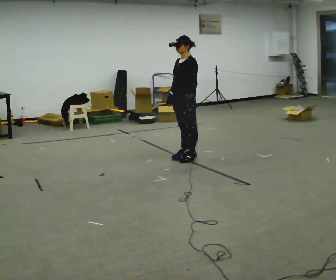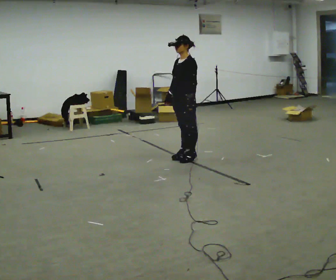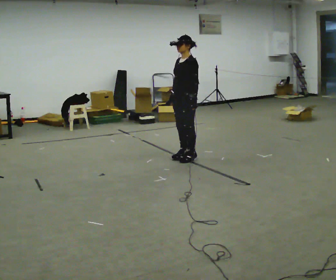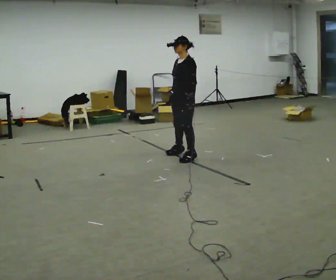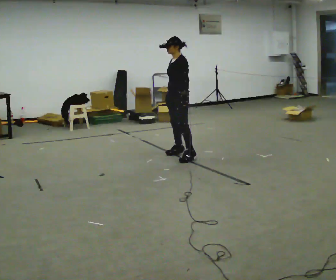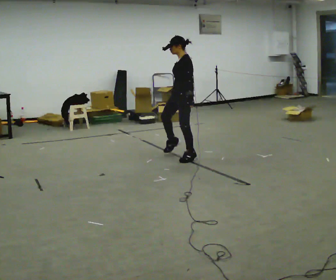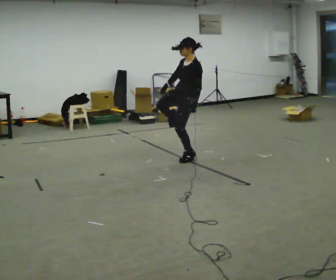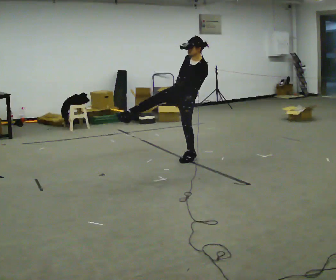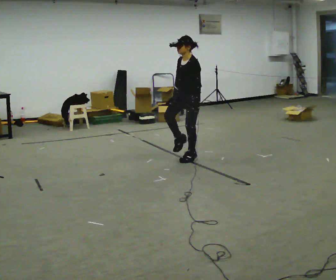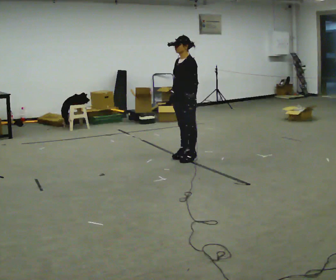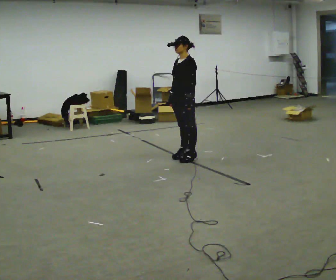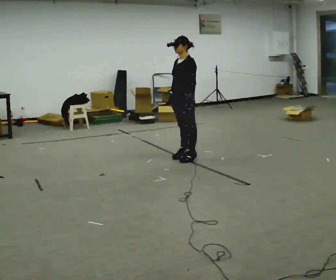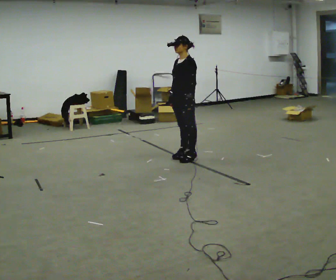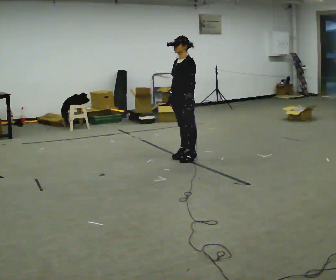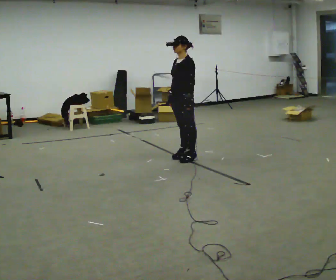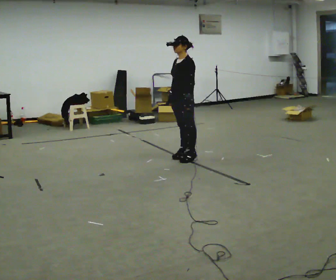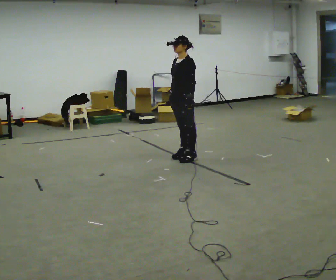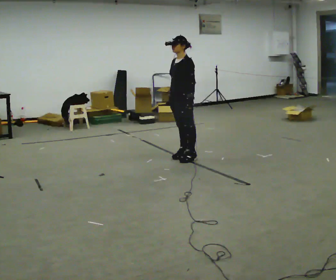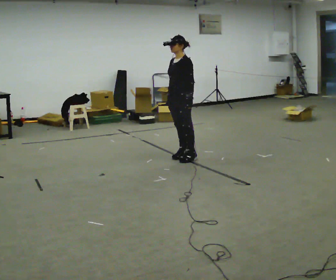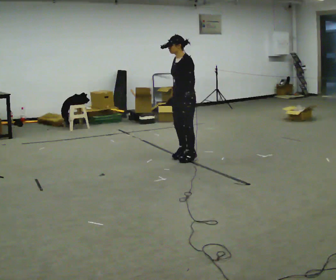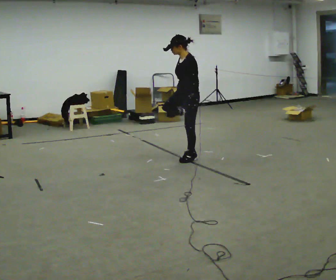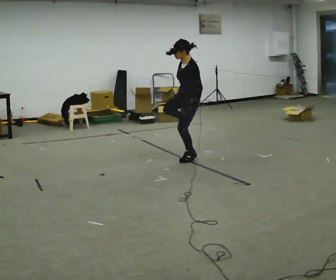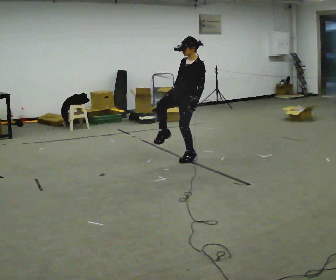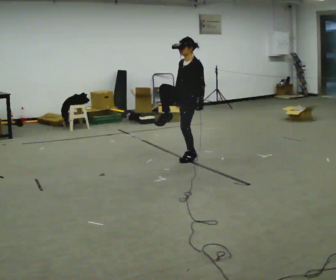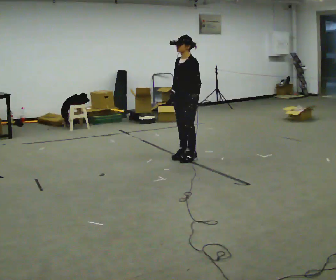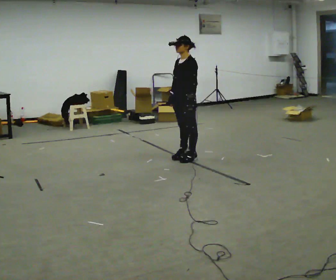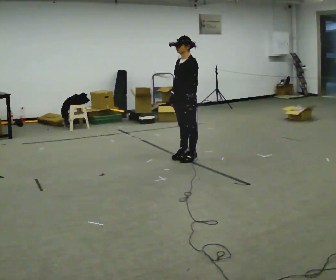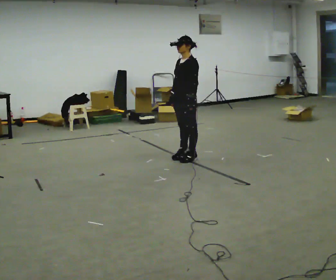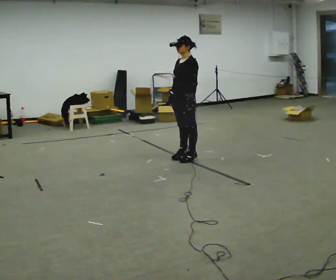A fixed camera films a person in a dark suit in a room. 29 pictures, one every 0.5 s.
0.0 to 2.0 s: In the picture they go away from the camera, about 0.25 m in 1 step, which for them is to their right.
2.0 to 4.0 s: In the picture they go toward the camera, about 0.25 m in 1 step, which for them is to their left. The upper body tips toward the camera, its near side rolling downward.
4.0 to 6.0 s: The upper body tips away from the camera, its near side rolling upward.
6.0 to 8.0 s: The person keeps their place and pose.
8.0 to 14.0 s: The person moves a little, or ends about where they began.
The film runs backward here.
